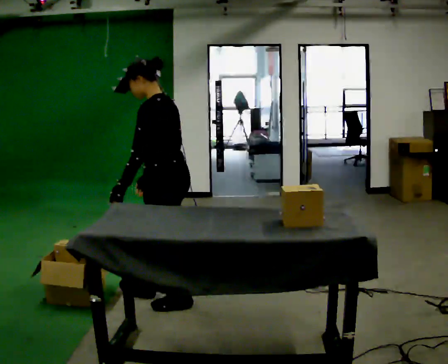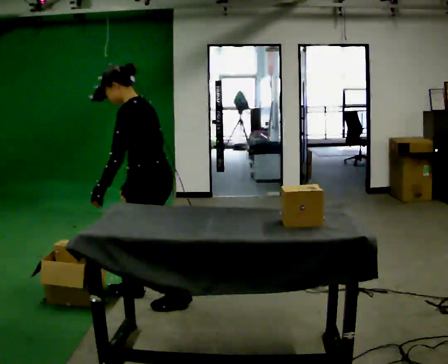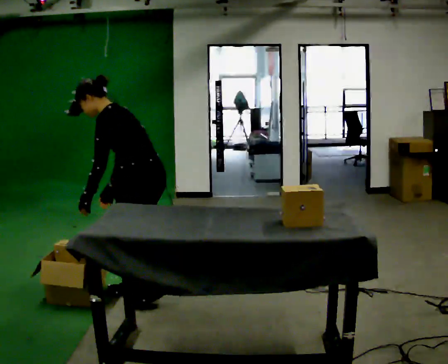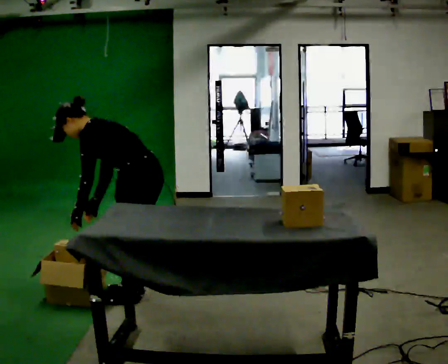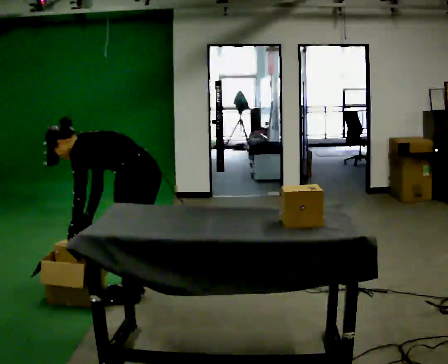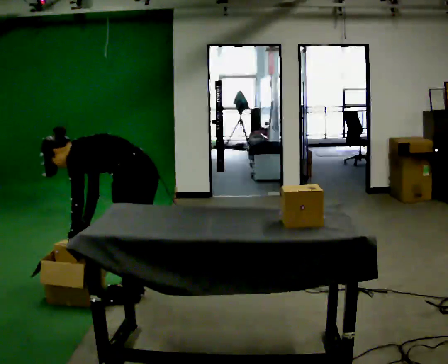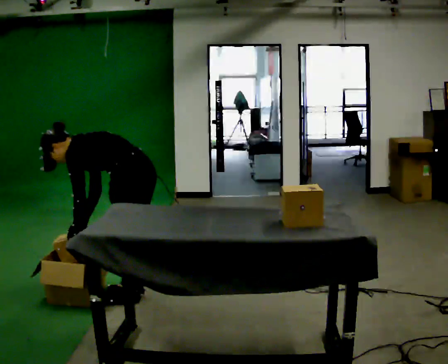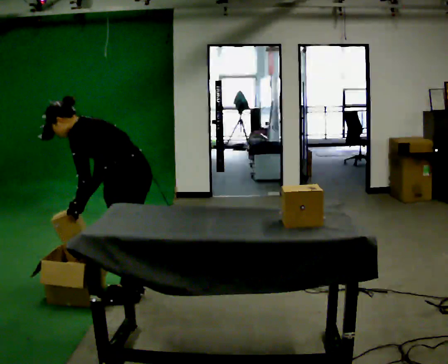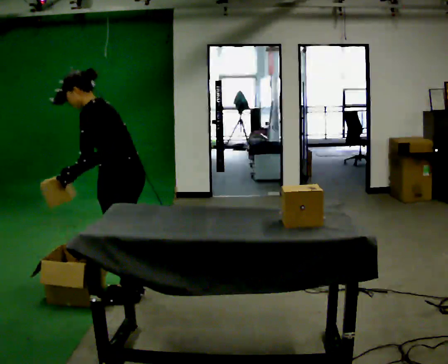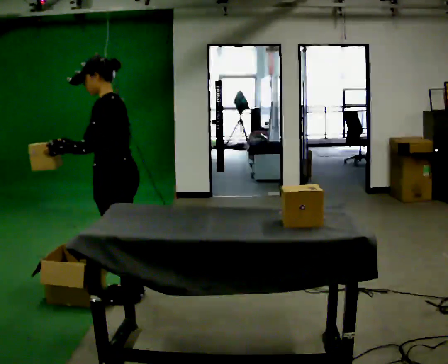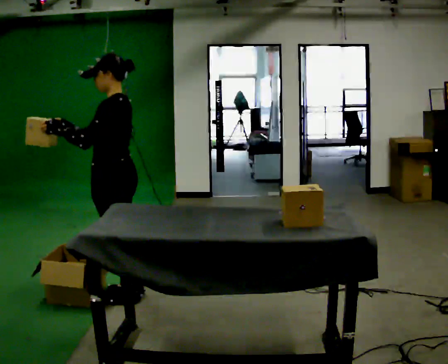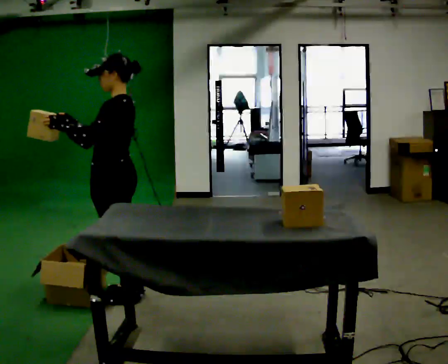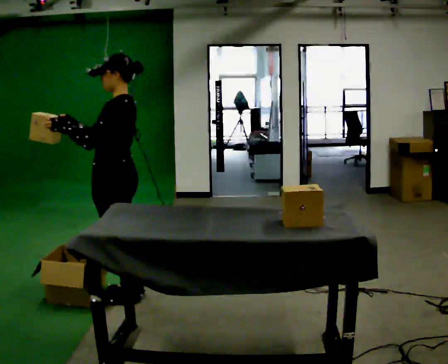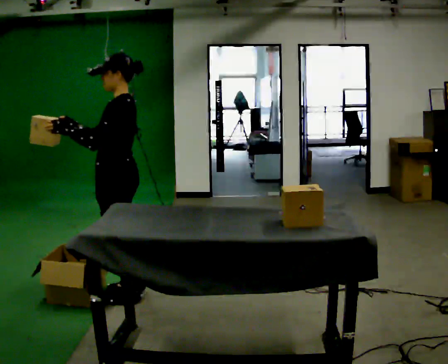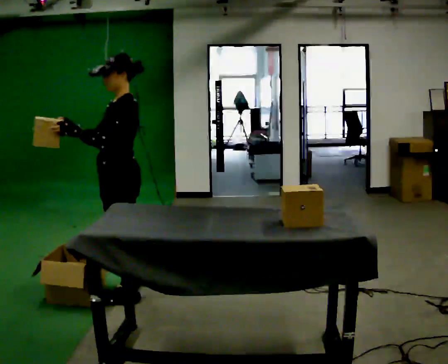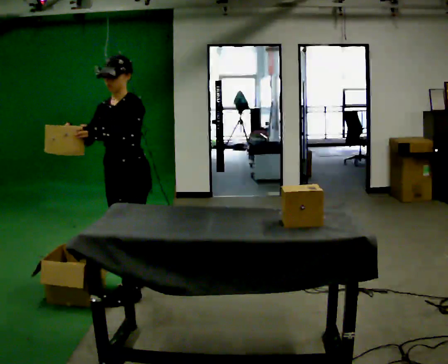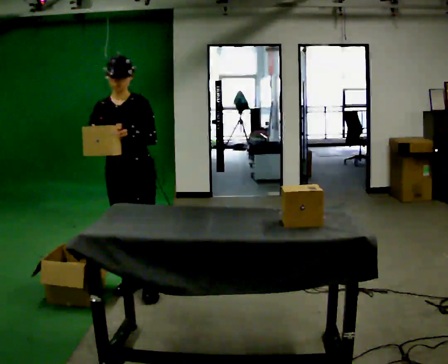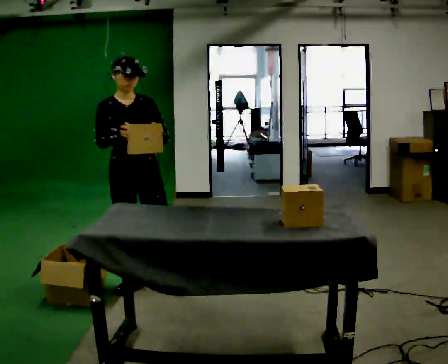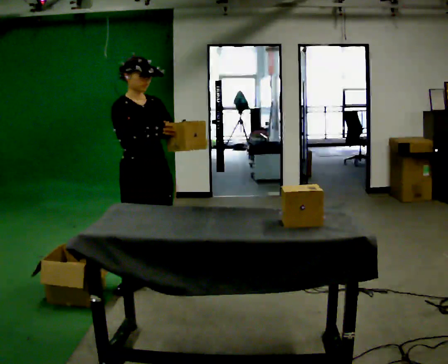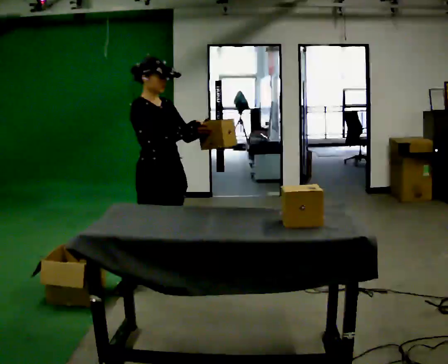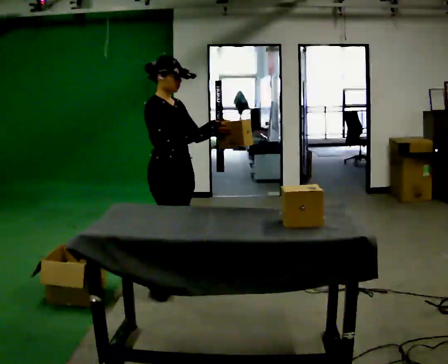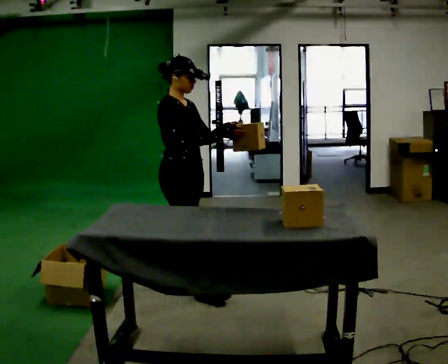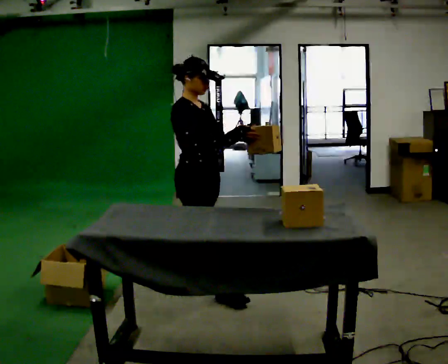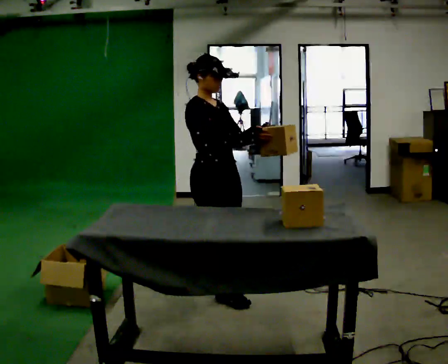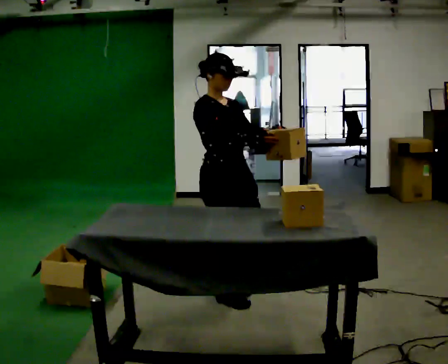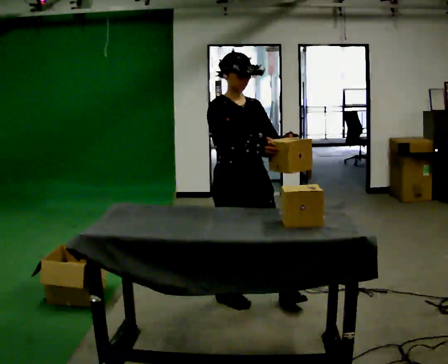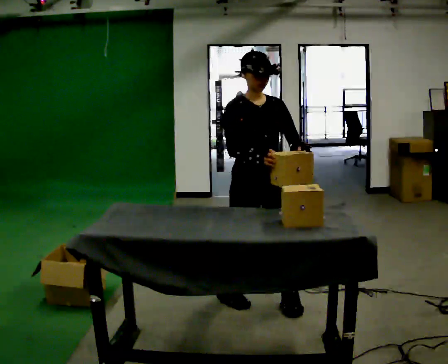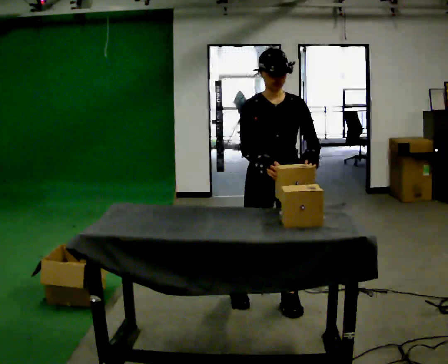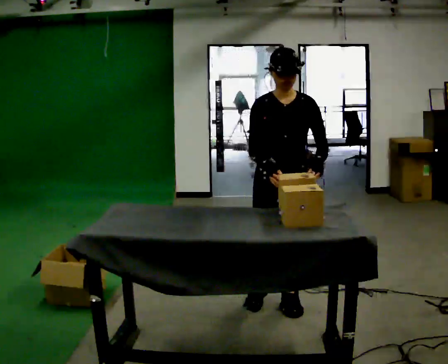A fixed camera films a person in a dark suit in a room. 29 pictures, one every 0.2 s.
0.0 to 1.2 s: In the picture they go to the left, about 0.25 m in 2 steps, which for them is forward. The shoulders move downward. In the picture the upper body tilts counterclockwise, shoulders to the left, as they bend forward. In the picture their left hand goes to the left.
1.2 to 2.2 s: The shoulders move upward. In the picture the upper body tilts clockwise, shoulders to the right, as they lean back or straighten. In the picture their right hand goes upward, the arm swinging clockwise.
2.2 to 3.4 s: The part of the body nearest the lens slides to the right as the person turns to their left by about 105 degrees. In the picture they go away from the camera, about 0.25 m in 2 steps. In the picture their left hand goes to the right.
3.4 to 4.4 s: The part of the body nearest the lens slides to the right as the person turns to their left by about 45 degrees. In the picture they go to the right, about 0.5 m in 1 step, which for them is forward.
4.4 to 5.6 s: The part of the body nearest the lens slides to the left as the person turns to their right by about 75 degrees. In the picture they go to the right and toward the camera, about 0.5 m in 1 step.
The film runs forward here.
